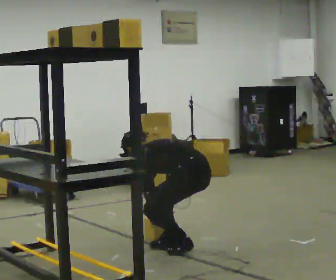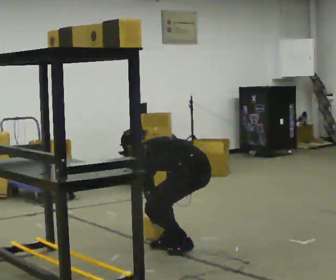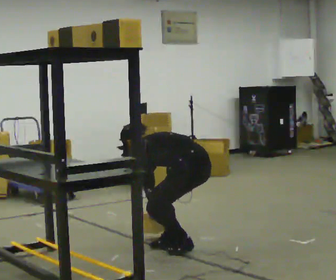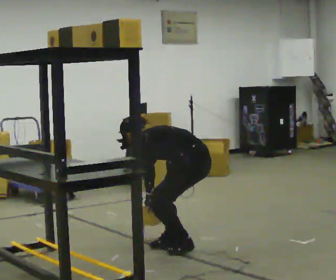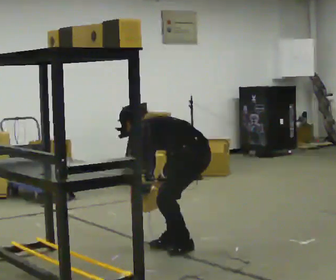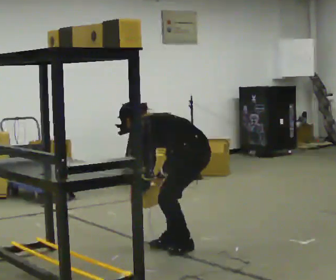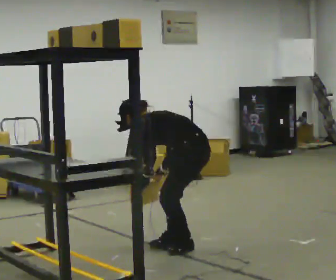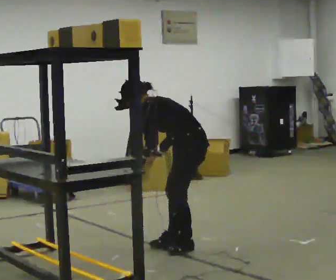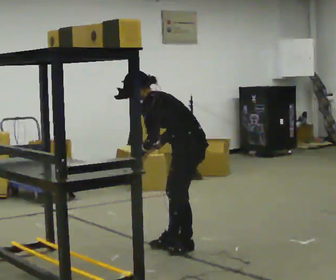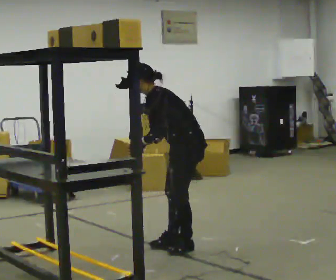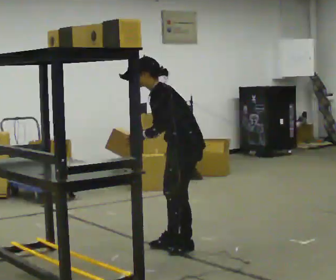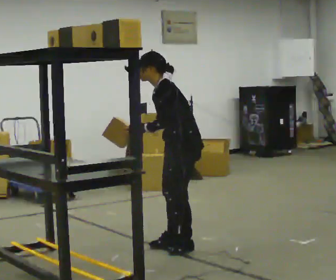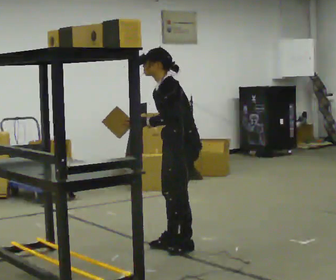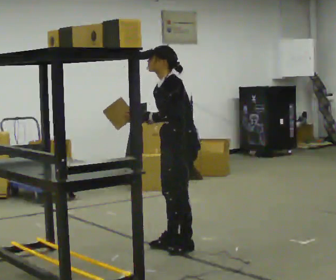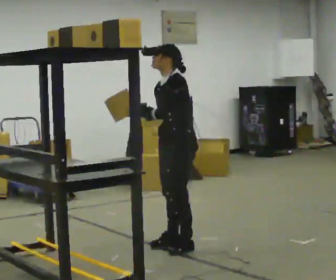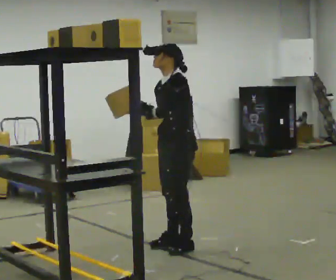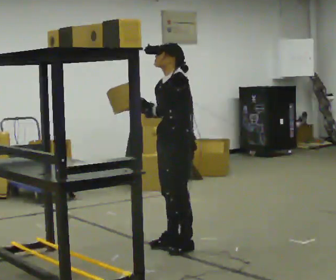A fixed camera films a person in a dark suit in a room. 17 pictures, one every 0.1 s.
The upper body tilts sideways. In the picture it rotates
clockwise.
Their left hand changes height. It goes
upward.
0.0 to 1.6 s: Seen from above the body turns counterclockwise, about 60 degrees: to their left, with its near side sliding to the right. The shoulders move upward. In the picture the upper body tilts clockwise, shoulders to the right, as they lean back or straighten. In the picture their right hand goes upward.
The film runs forward here.
